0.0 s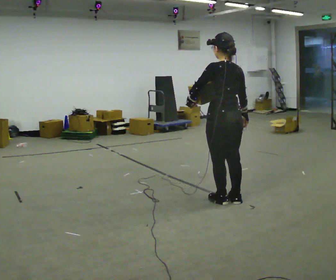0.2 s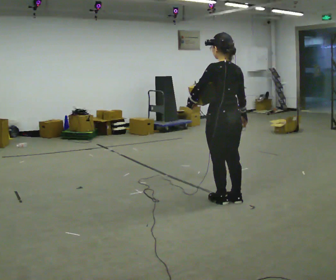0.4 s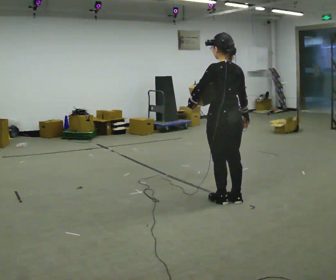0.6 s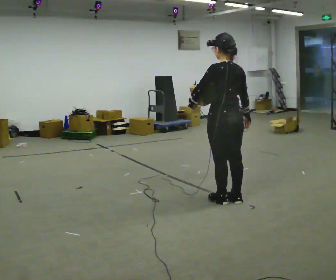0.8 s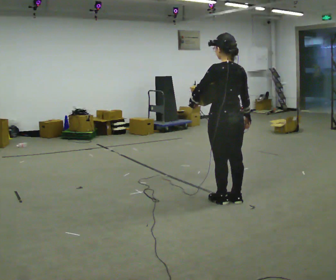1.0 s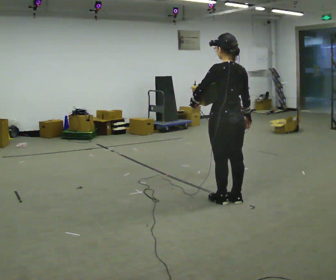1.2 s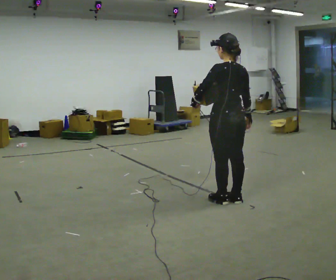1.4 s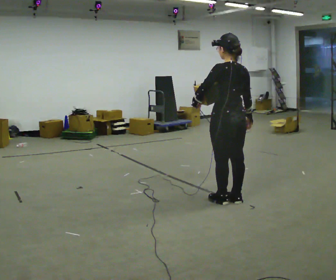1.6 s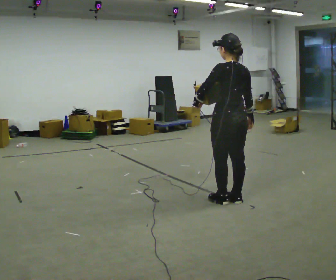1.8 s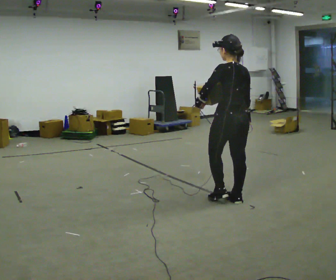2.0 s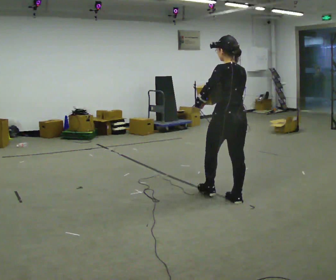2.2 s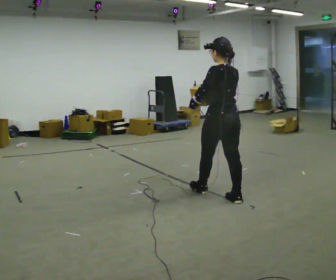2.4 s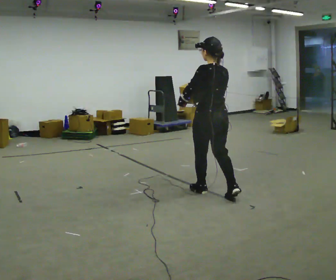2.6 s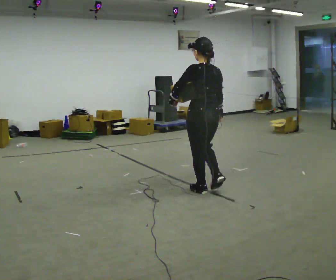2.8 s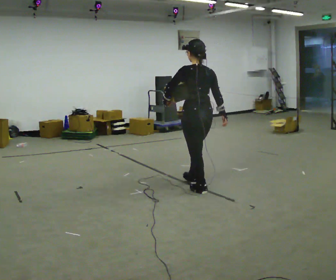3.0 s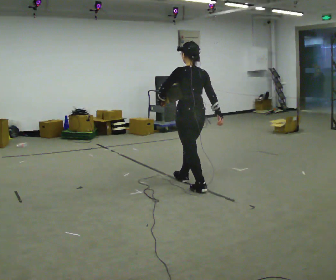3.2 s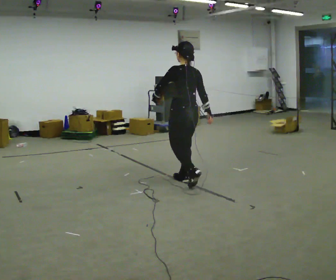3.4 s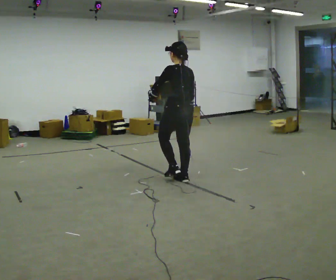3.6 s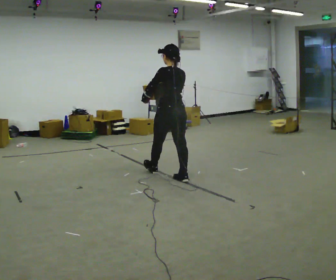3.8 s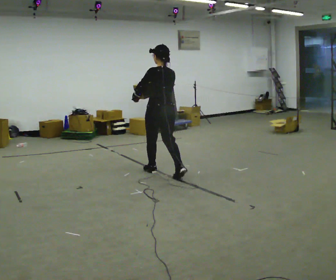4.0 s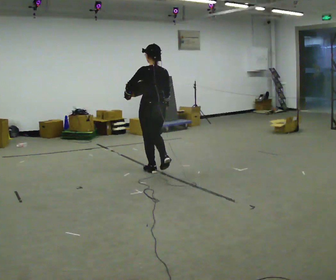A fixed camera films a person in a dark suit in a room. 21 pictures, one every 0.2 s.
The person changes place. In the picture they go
to the left.
0.0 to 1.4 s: The person moves a little, or ends about where they began.
1.4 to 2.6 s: In the picture they go to the left and away from the camera, about 0.5 m in 1 step, which for them is forward.
2.6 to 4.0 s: In the picture they go to the left and away from the camera, about 1 m in 2 steps, which for them is forward.
The film runs forward here.
